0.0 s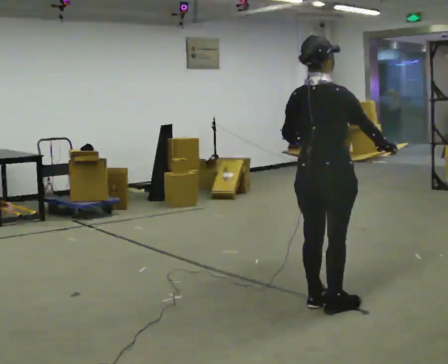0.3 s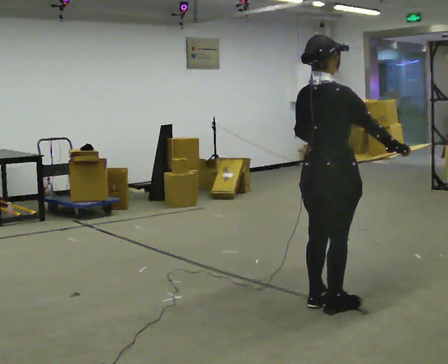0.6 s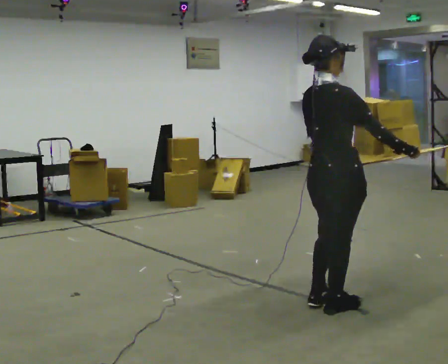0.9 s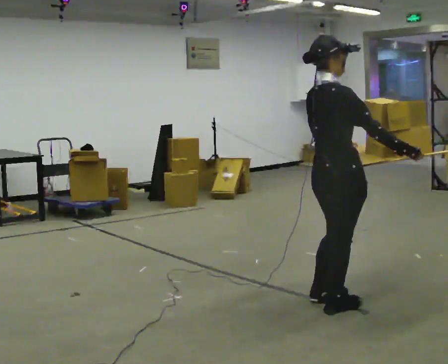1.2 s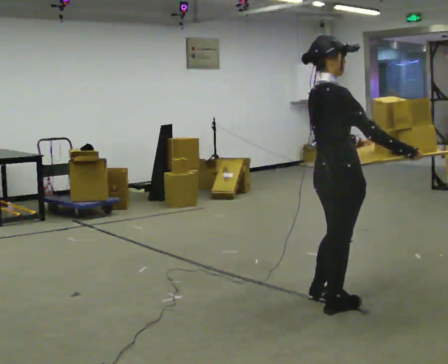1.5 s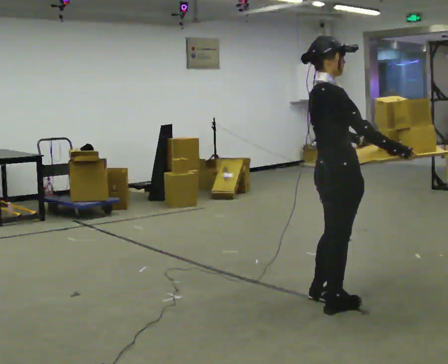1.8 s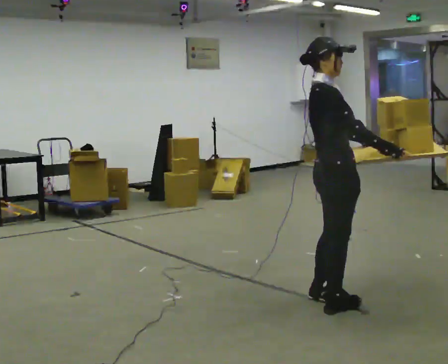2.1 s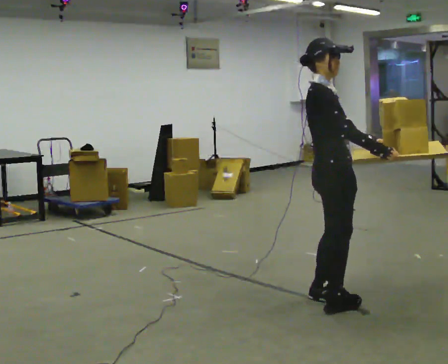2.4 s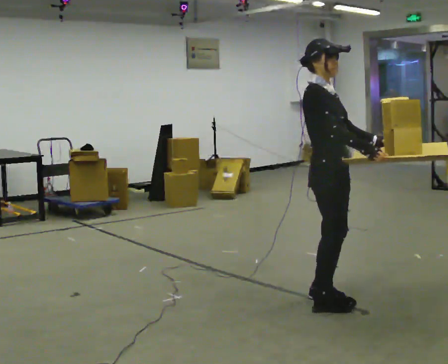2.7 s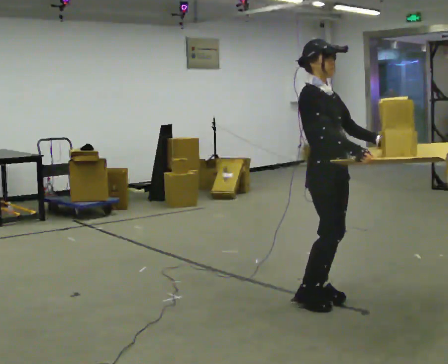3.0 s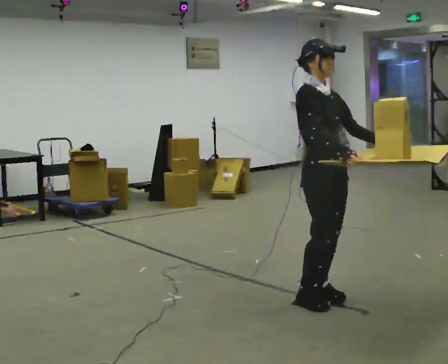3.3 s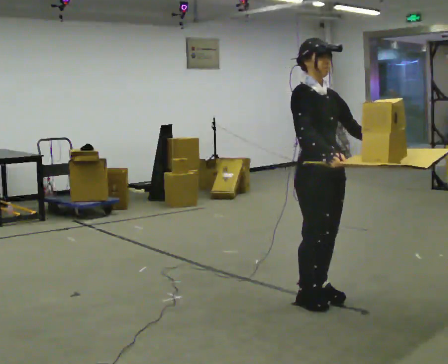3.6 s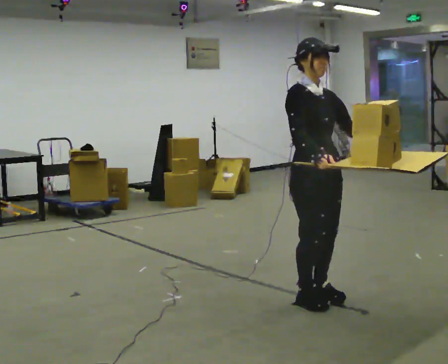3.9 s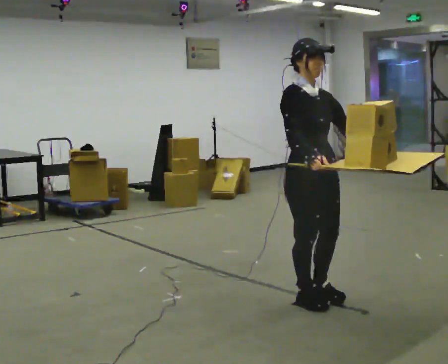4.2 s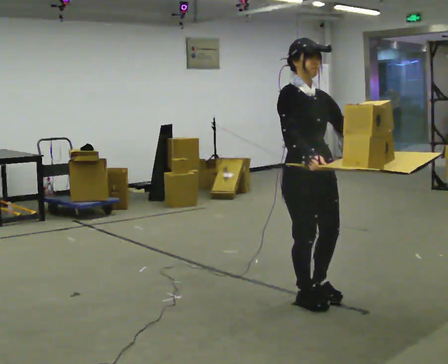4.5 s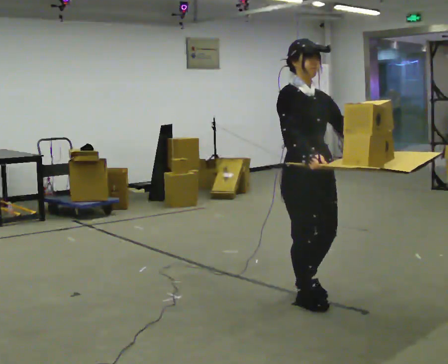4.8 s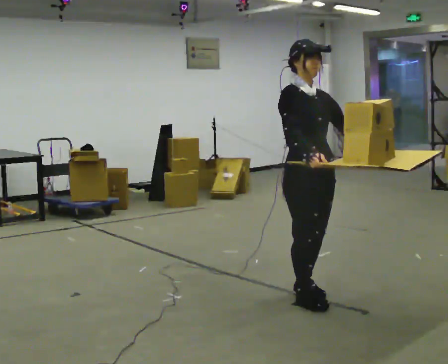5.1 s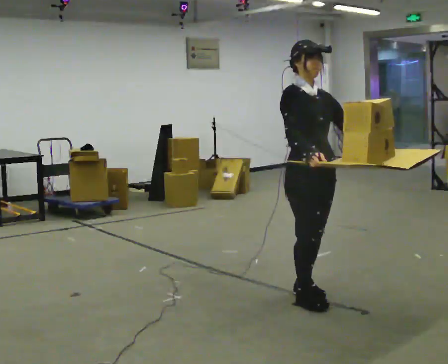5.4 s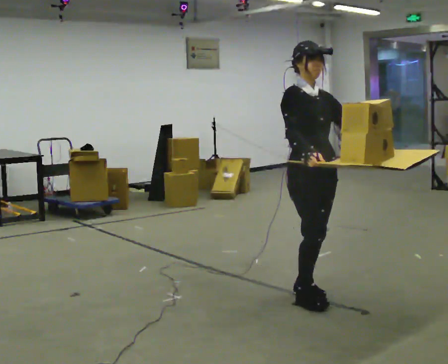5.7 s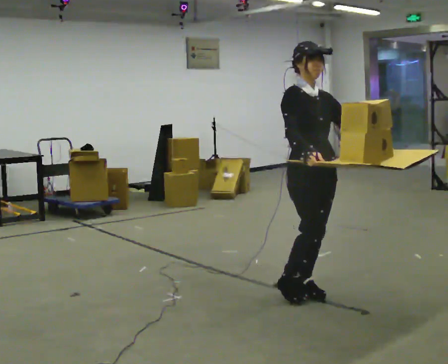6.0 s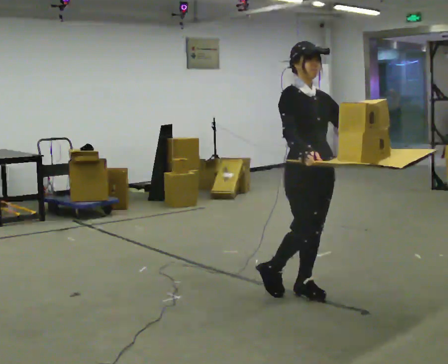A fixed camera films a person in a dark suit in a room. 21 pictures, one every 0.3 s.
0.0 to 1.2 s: The part of the body nearest the lens slides to the left as the person turns to their right by about 45 degrees.
1.2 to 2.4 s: The person turns about 30 degrees to their right, clockwise seen from above, so the part of the body nearest the lens slides to the left. In the picture they go away from the camera, about 0.25 m in 1 step, which for them is to their left.
2.4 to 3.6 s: The person turns about 30 degrees to their right, clockwise seen from above, so the part of the body nearest the lens slides to the left.
3.6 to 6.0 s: The person moves a little, or ends about where they began.
The film runs backward here.
